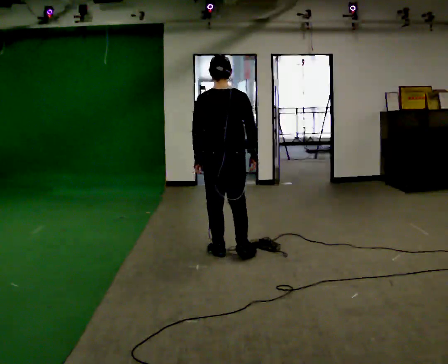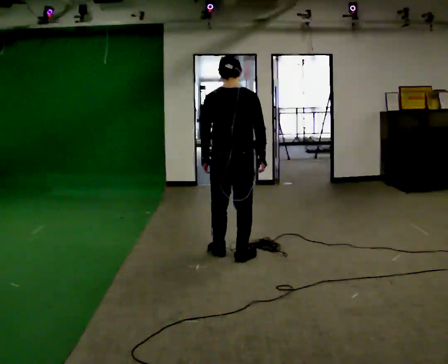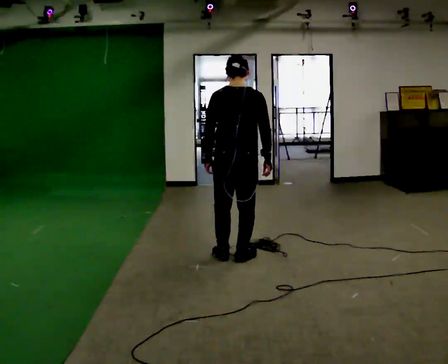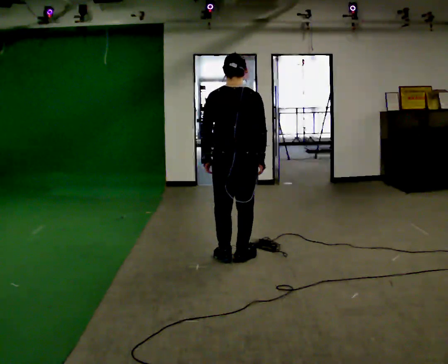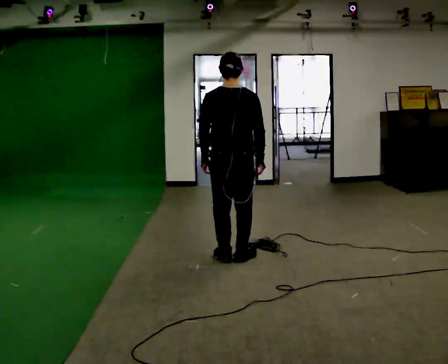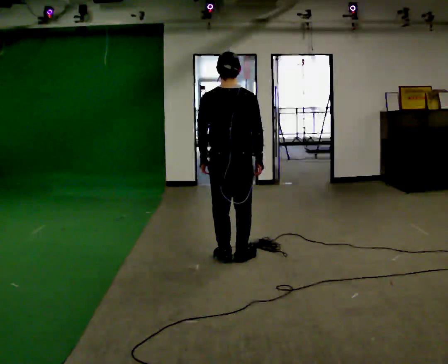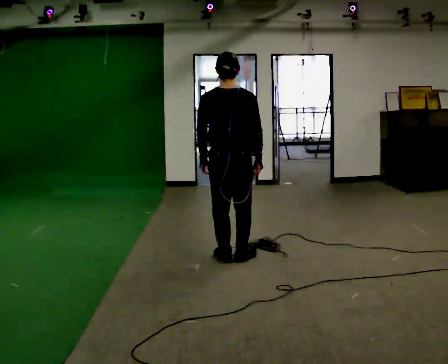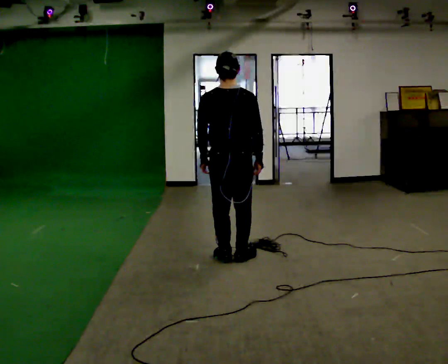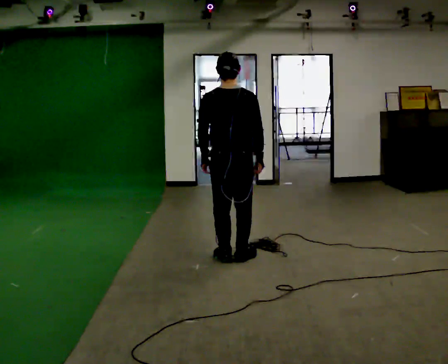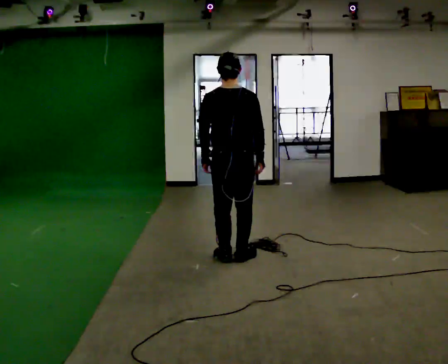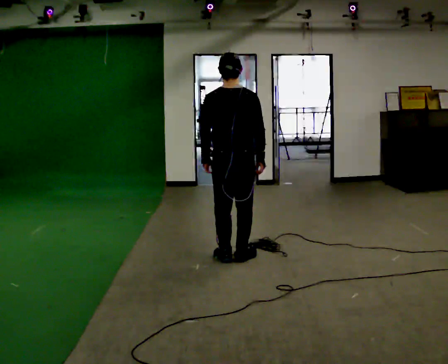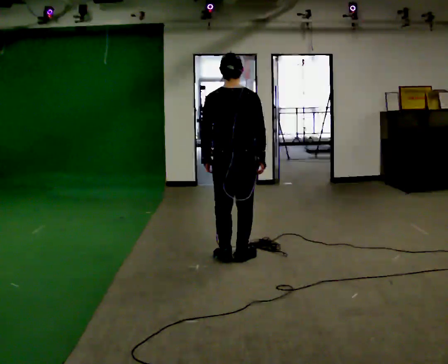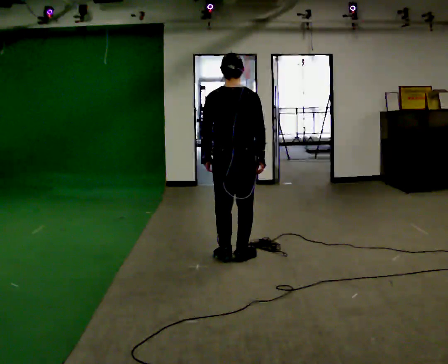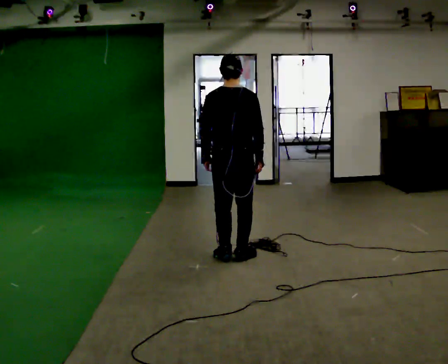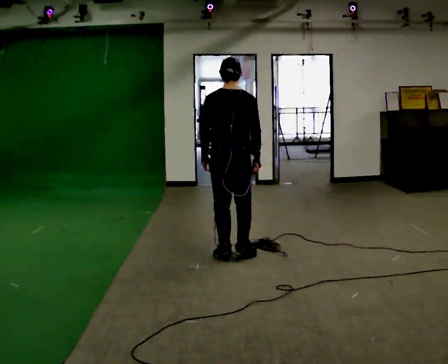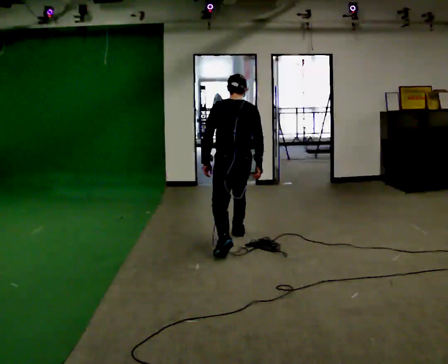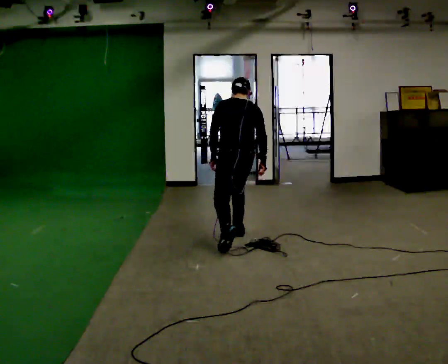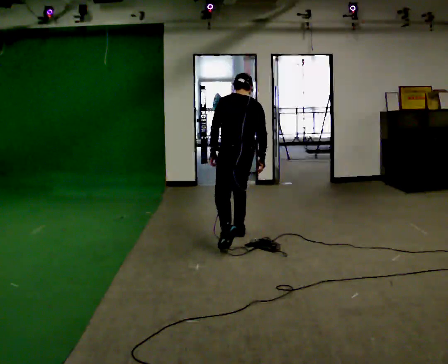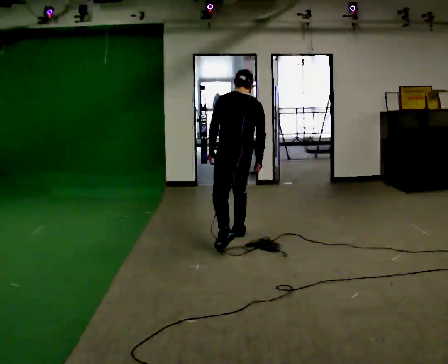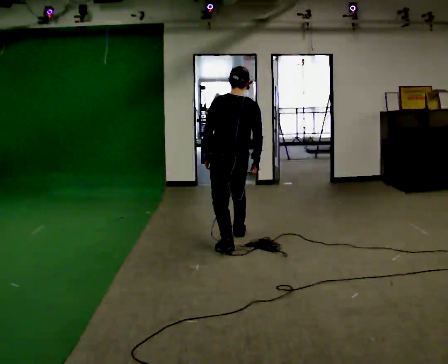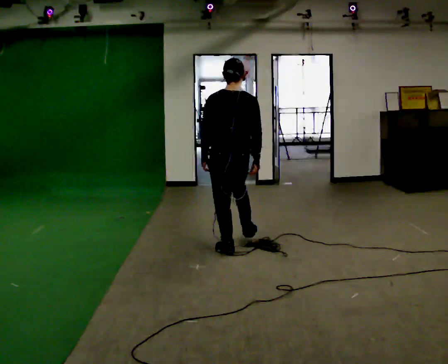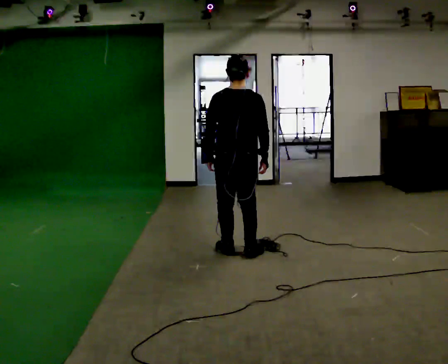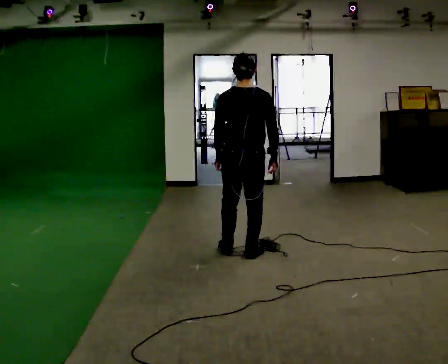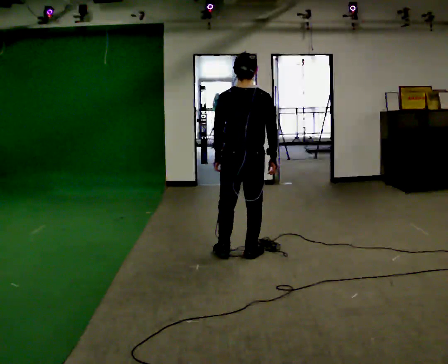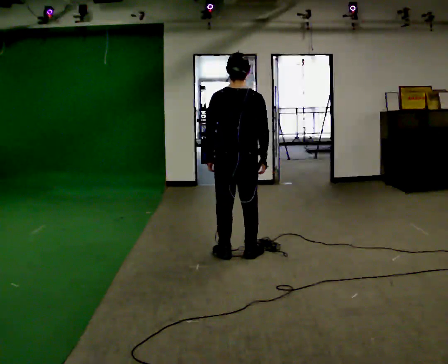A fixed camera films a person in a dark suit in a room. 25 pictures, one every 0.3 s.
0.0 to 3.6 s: The person moves a little, or ends about where they began.
3.6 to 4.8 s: In the picture they go away from the camera, about 0.5 m in 2 steps, which for them is forward. The upper body tips away from the camera, its near side rolling upward, as they bend forward.
4.8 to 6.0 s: In the picture they go toward the camera, about 0.25 m, which for them is backward and to their left. The upper body tips toward the camera, its near side rolling downward, as they lean back or straighten.
6.0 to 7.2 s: In the picture they go toward the camera, about 0.25 m in 1 step, which for them is backward.
The film runs forward here.
